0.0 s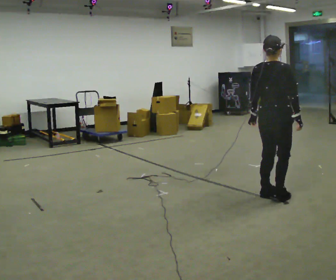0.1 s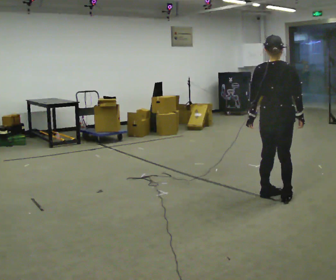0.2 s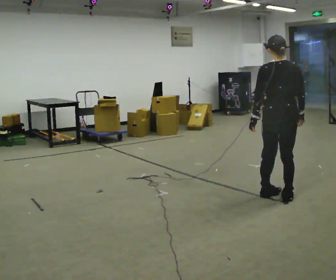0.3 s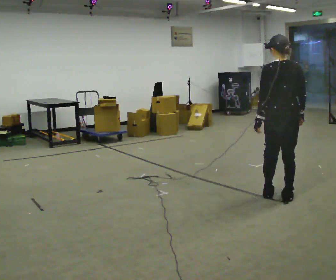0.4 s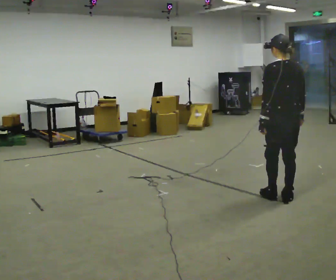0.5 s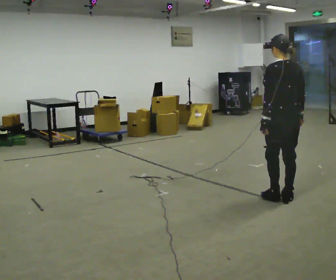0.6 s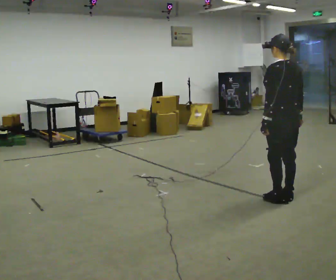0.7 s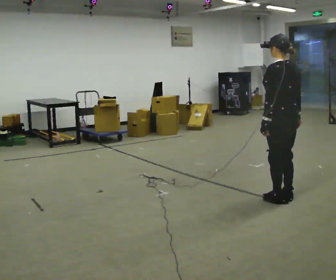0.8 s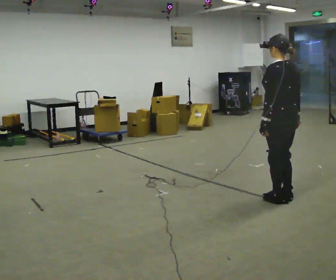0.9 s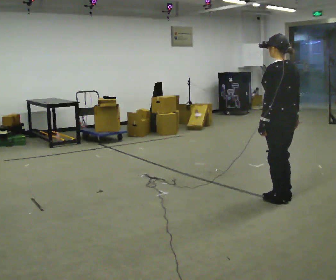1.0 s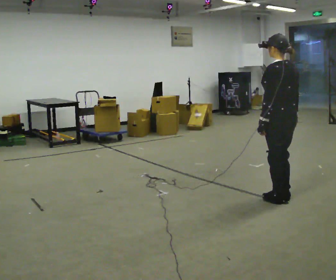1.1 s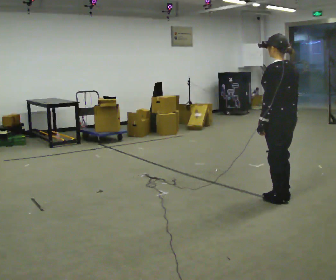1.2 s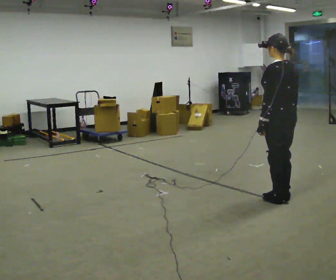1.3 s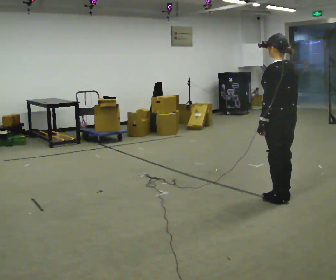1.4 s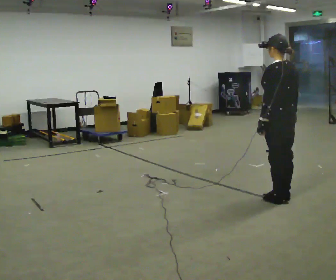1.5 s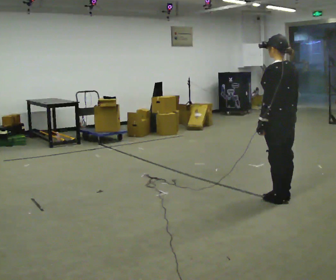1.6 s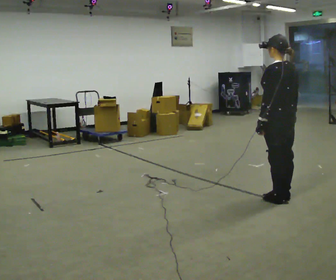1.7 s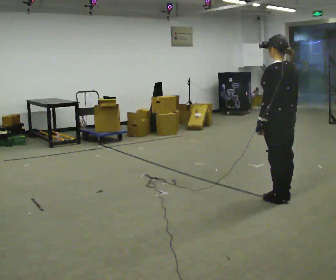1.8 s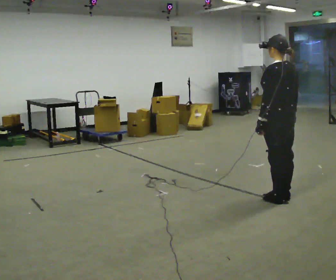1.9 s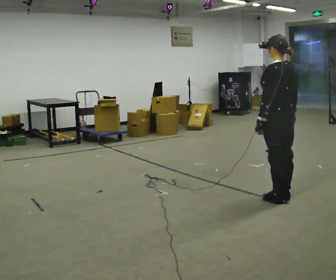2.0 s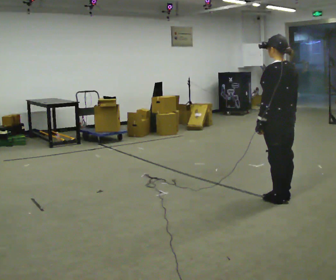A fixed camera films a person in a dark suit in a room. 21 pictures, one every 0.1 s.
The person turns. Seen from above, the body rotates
counterclockwise.
The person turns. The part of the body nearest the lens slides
to the right.
0.0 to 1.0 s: The part of the body nearest the lens slides to the right as the person turns to their left by about 75 degrees.
1.0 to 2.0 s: The person moves a little, or ends about where they began.
The film runs forward here.
